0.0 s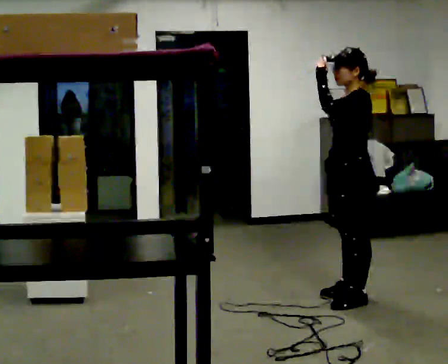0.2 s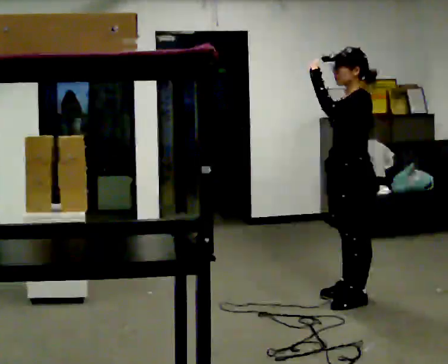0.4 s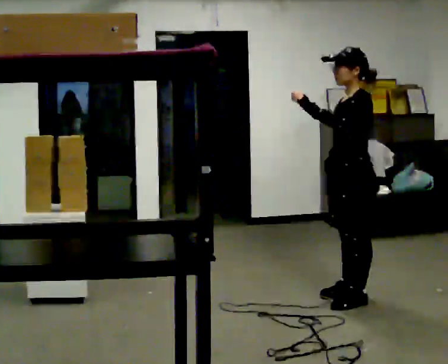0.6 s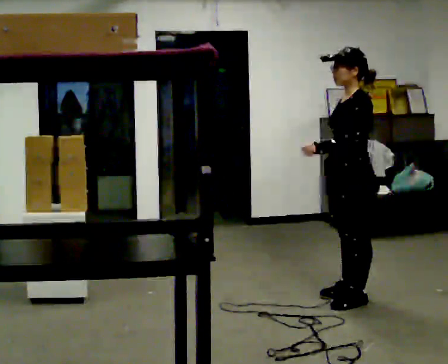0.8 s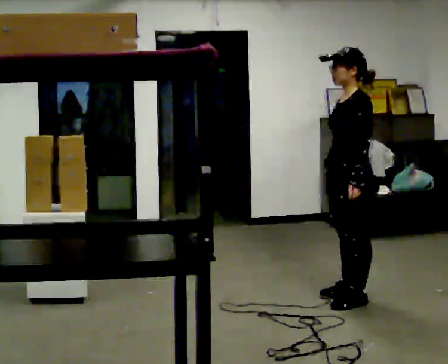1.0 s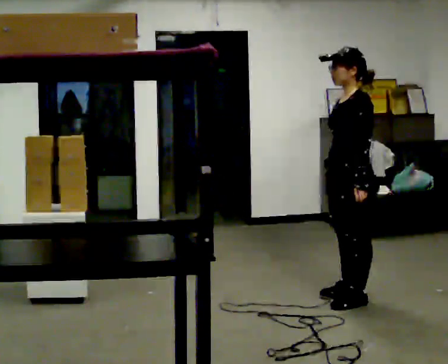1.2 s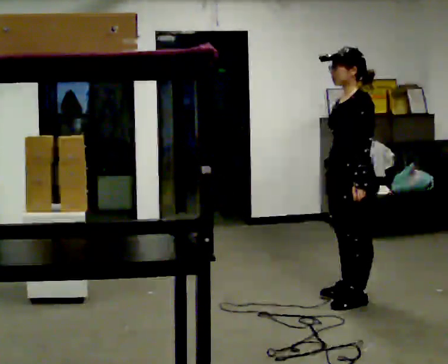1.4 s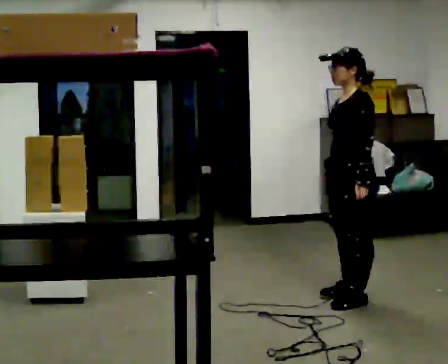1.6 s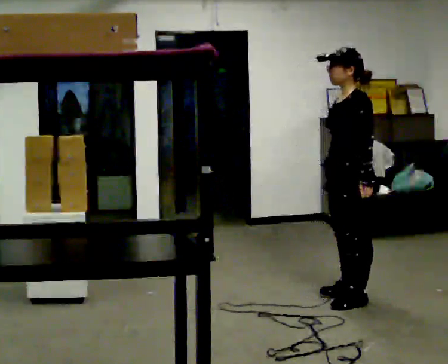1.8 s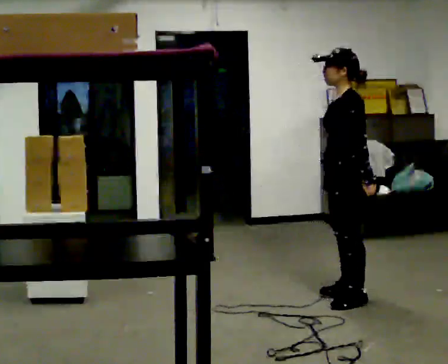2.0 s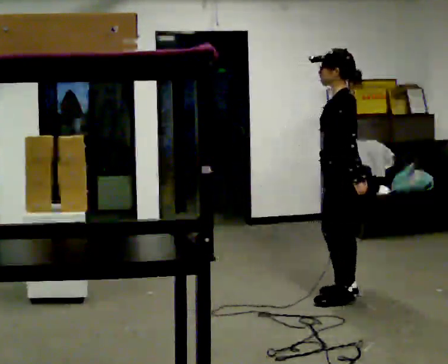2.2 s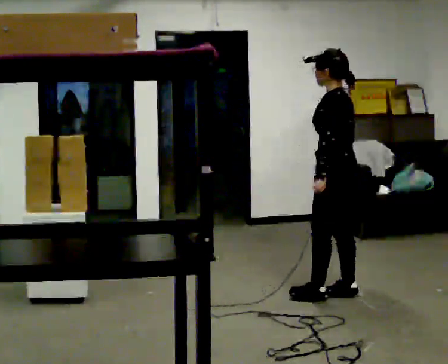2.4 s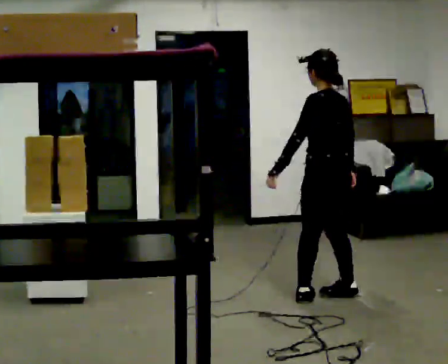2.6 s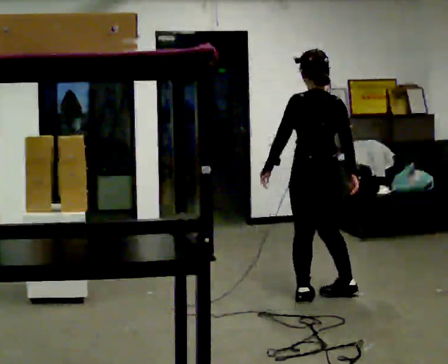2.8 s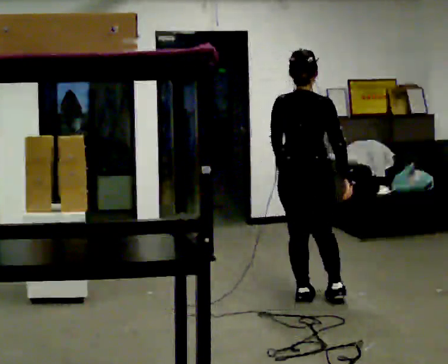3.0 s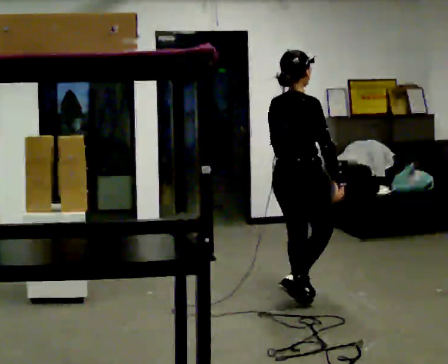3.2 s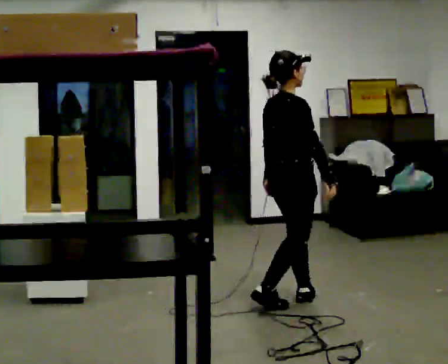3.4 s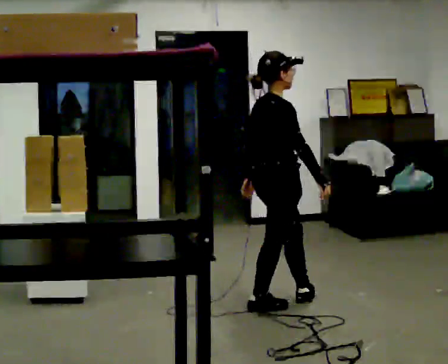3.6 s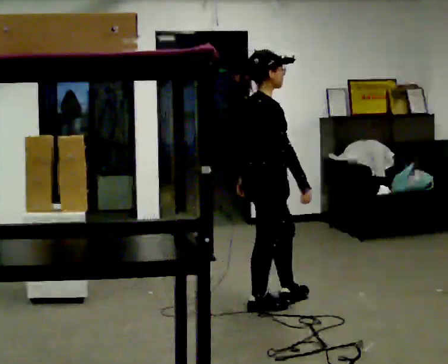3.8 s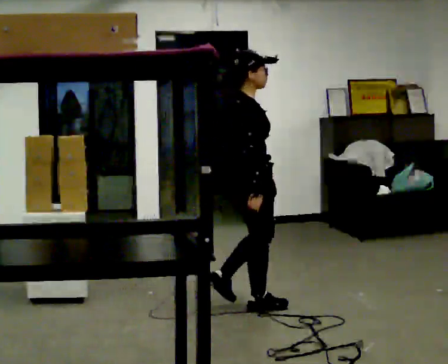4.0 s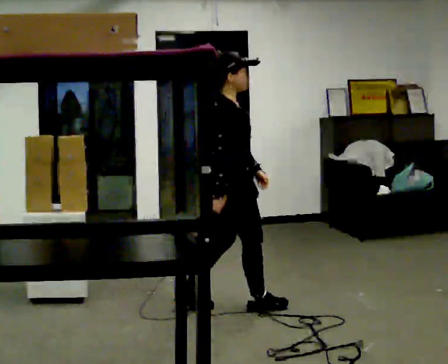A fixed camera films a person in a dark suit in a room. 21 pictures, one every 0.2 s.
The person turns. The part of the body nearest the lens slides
to the left.
The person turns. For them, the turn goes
to their right.
0.0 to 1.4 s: In the picture their left hand goes downward.
1.4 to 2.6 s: The person turns about 75 degrees to their right, clockwise seen from above, so the part of the body nearest the lens slides to the left. In the picture they go to the left, about 0.25 m in 1 step. In the picture their left hand goes to the left, the arm swinging clockwise.
2.6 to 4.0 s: The part of the body nearest the lens slides to the left as the person turns to their right by about 105 degrees. In the picture they go to the left and toward the camera, about 0.5 m in 2 steps.
The film runs backward here.
